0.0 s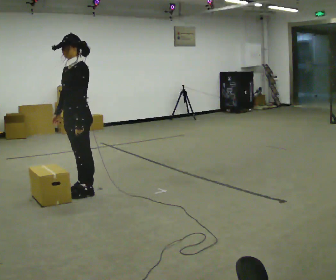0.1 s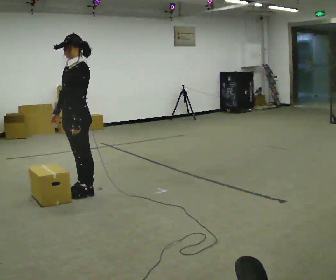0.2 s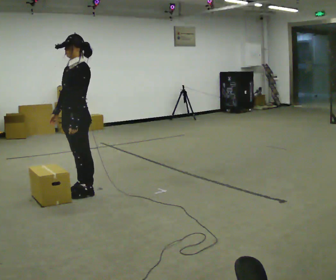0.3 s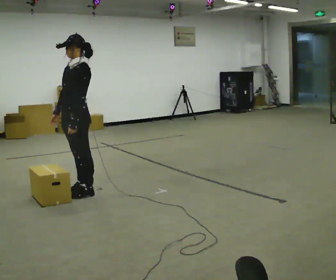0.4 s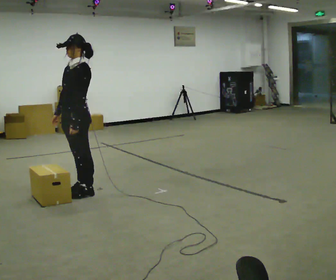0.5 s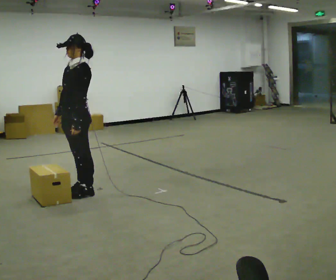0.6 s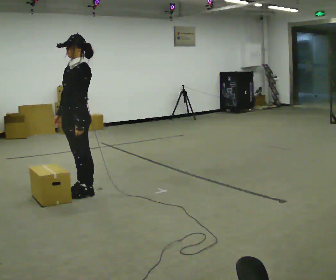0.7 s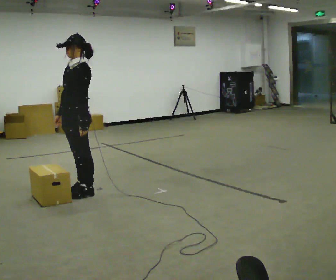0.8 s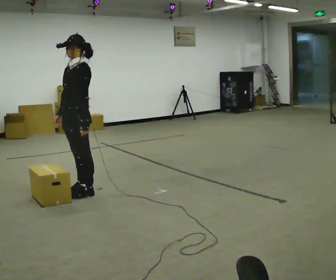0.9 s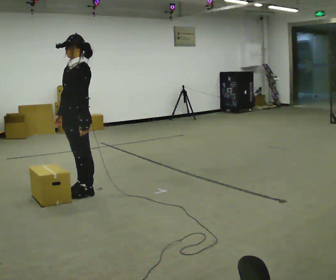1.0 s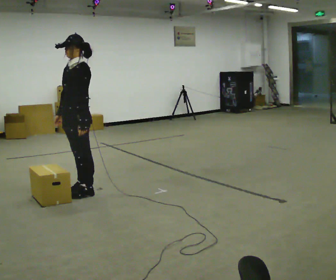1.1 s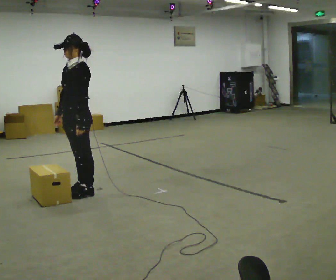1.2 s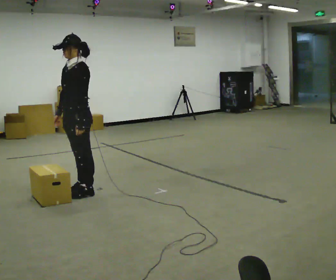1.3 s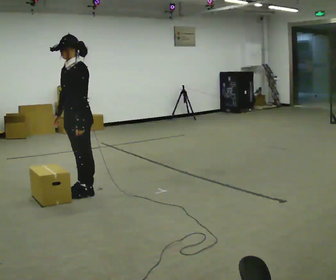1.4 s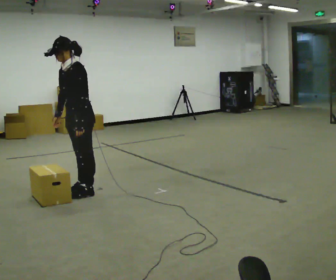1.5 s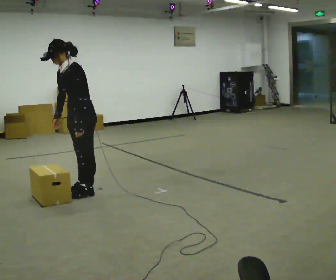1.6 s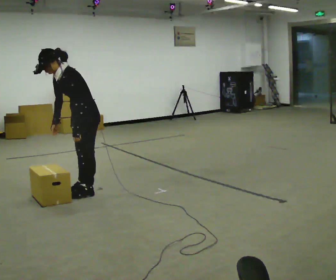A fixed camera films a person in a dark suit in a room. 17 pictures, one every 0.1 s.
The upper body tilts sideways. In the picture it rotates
counterclockwise.
0.0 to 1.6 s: In the picture the upper body tilts counterclockwise, shoulders to the left, as they bend forward.
The film runs forward here.
